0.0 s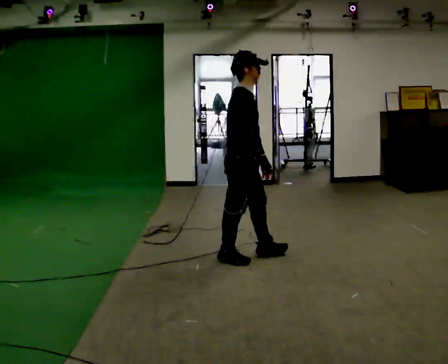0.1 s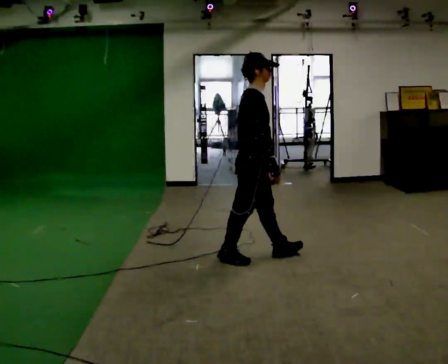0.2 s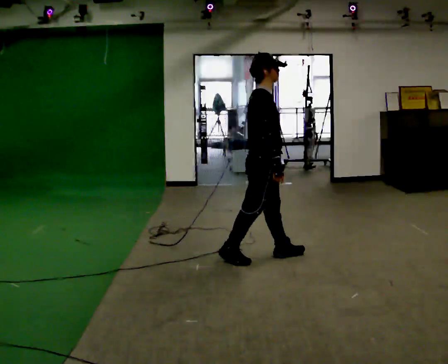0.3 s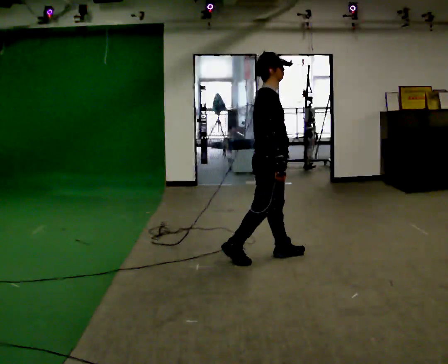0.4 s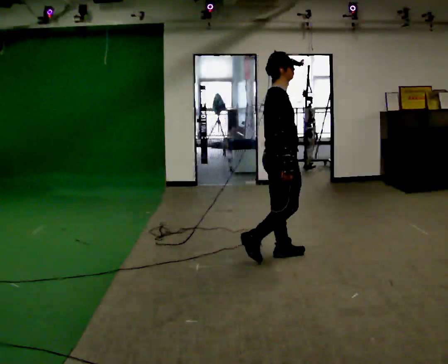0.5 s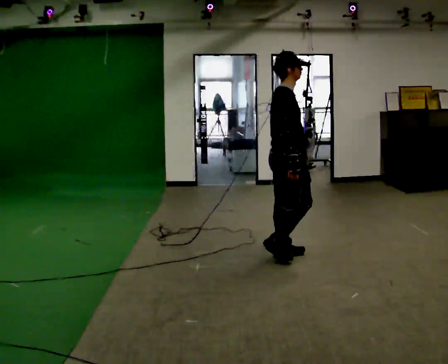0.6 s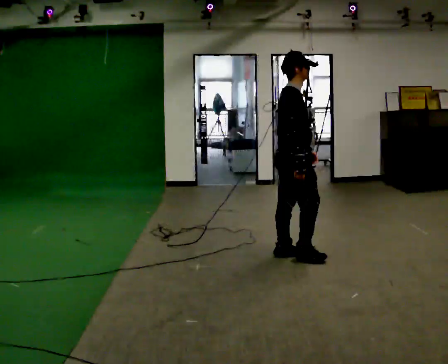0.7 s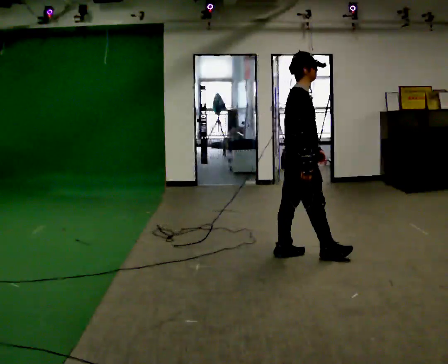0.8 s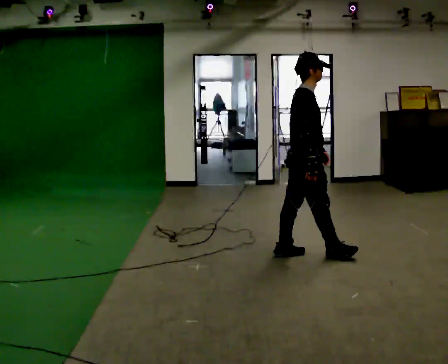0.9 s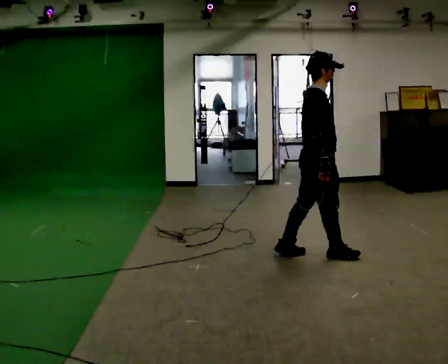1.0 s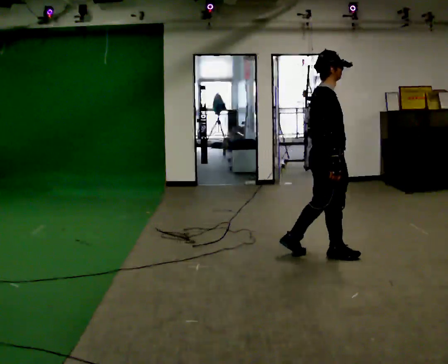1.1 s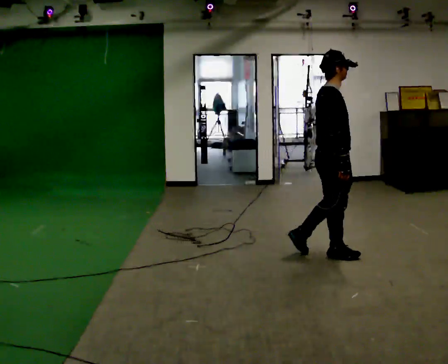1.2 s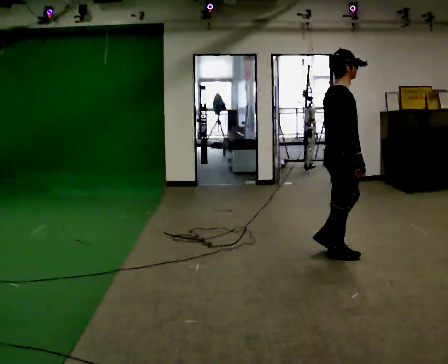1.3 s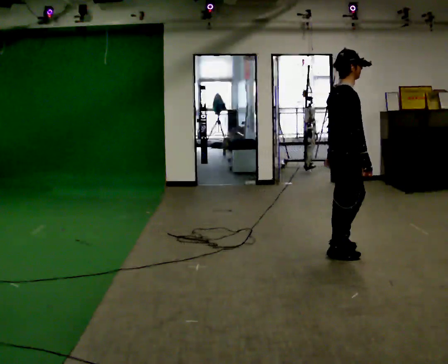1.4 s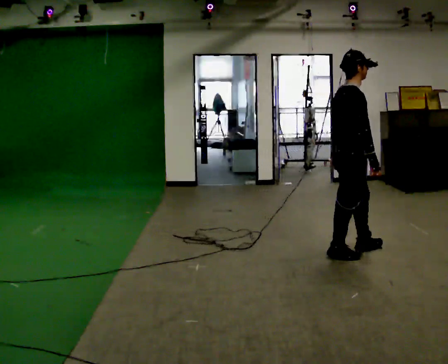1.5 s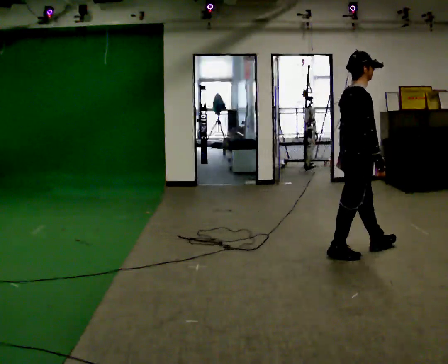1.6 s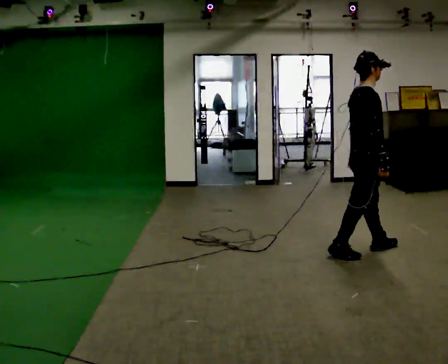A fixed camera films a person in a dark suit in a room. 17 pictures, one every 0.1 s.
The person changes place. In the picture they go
to the right.
0.0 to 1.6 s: In the picture they go to the right, about 1 m in 3 steps, which for them is forward.
The film runs forward here.
